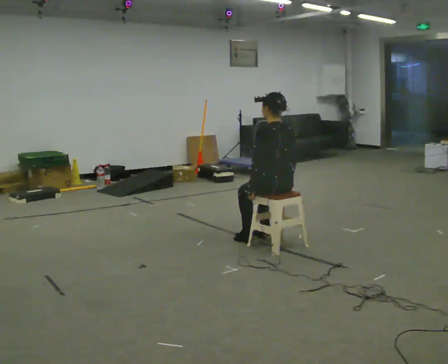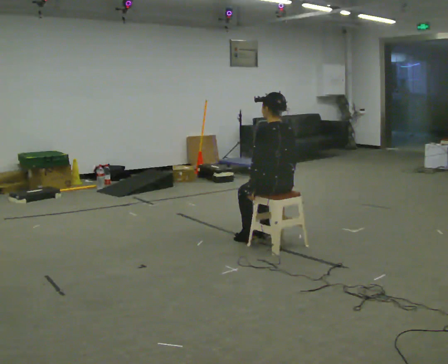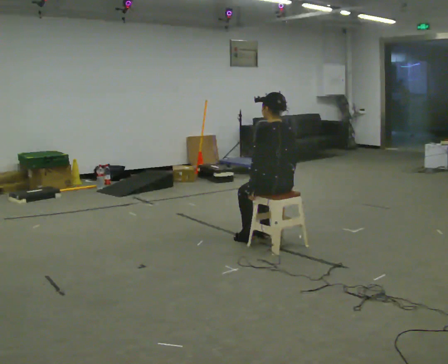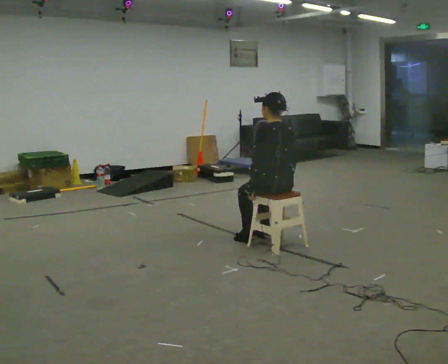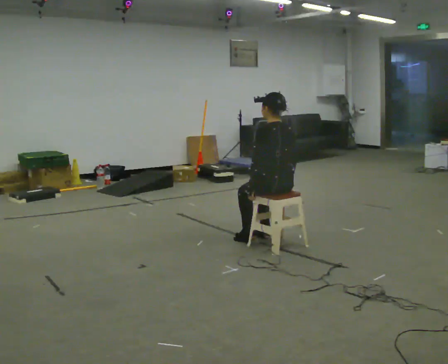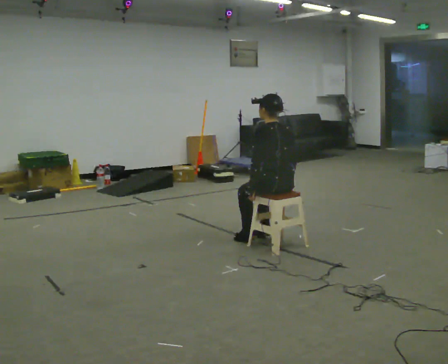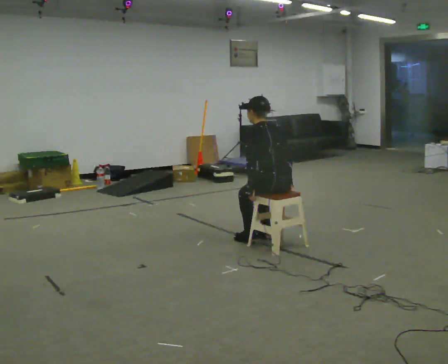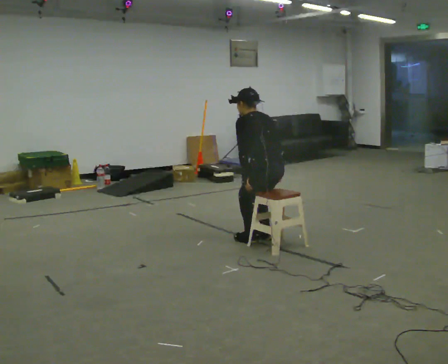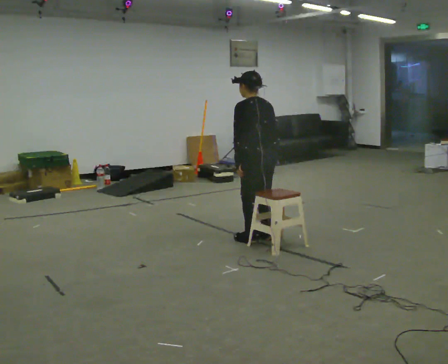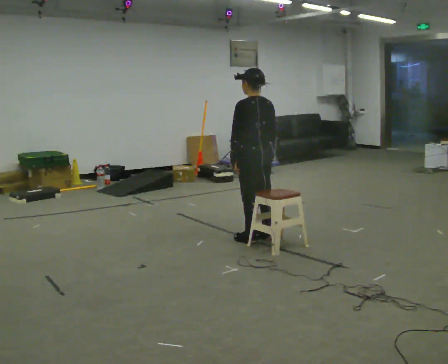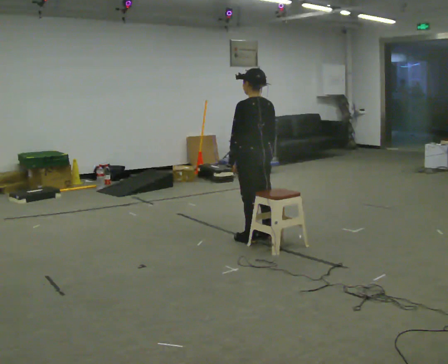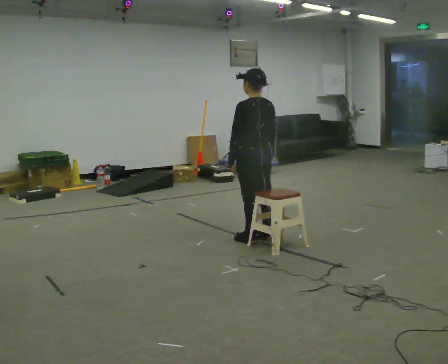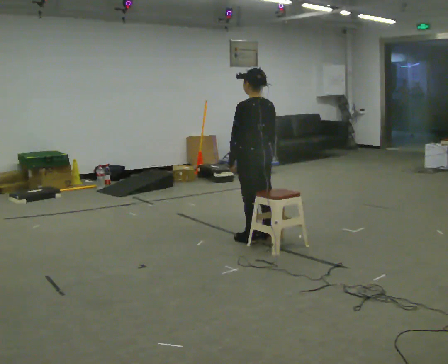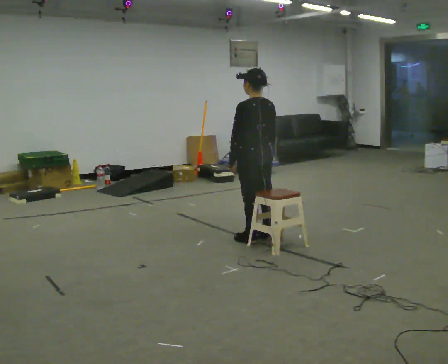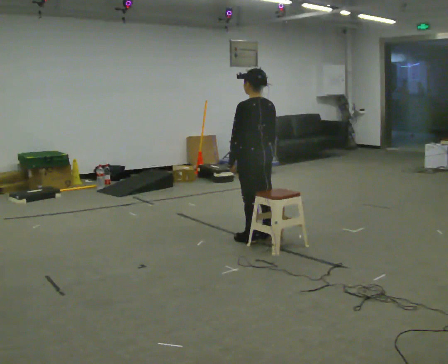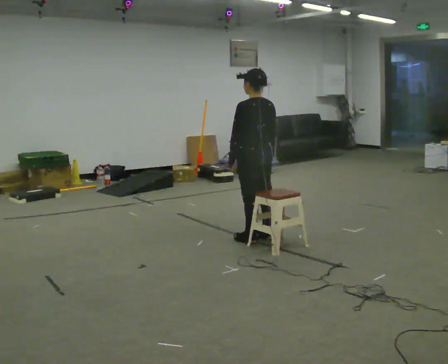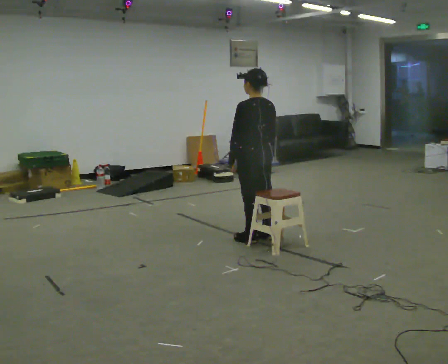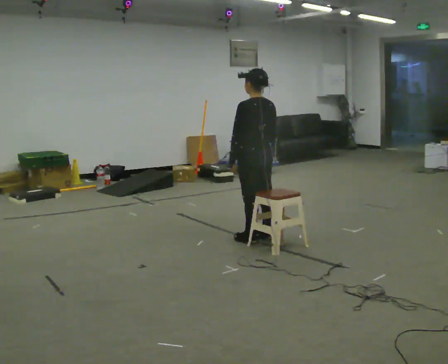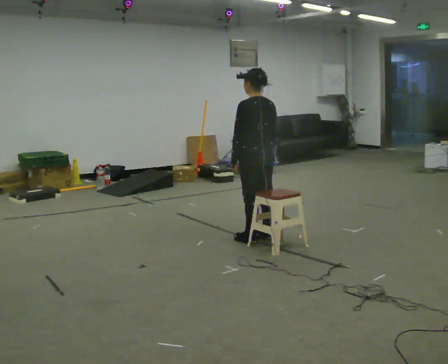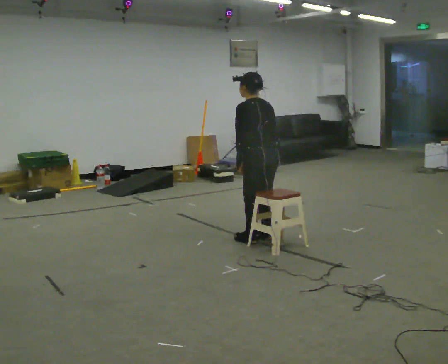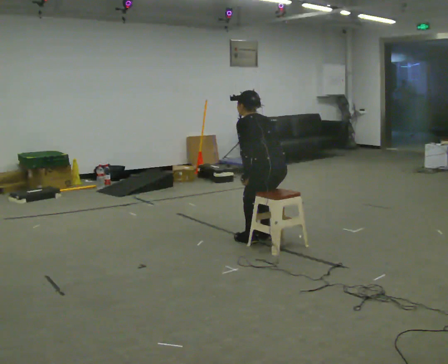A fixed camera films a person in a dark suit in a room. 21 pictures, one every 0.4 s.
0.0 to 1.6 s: The person keeps their place and pose.
1.6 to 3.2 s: In the picture they go away from the camera, about 0.25 m, which for them is forward. The upper body goes upward.
3.2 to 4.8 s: The person moves a little, or ends about where they began.
4.8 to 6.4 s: The person keeps their place and pose.
6.4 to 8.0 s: In the picture they go toward the camera, about 0.25 m, which for them is backward. The upper body goes downward. The upper body tips away from the camera, its near side rolling upward, as they bend forward.
The film runs forward here.
